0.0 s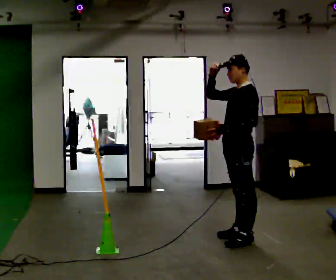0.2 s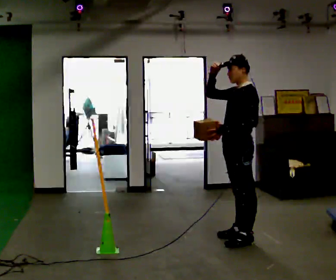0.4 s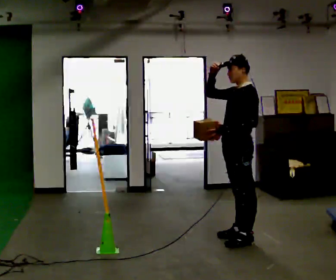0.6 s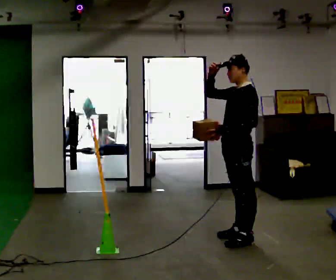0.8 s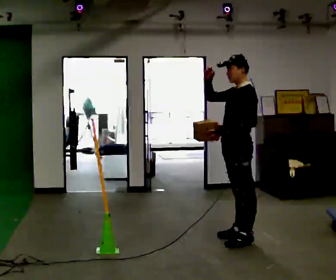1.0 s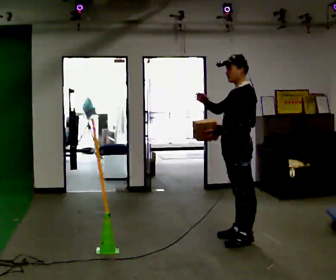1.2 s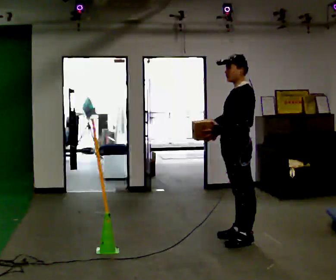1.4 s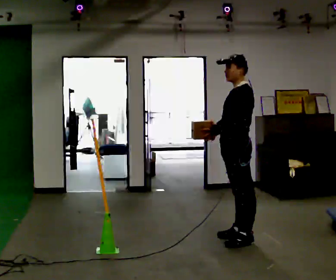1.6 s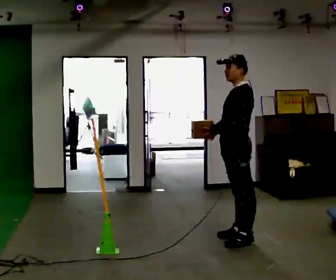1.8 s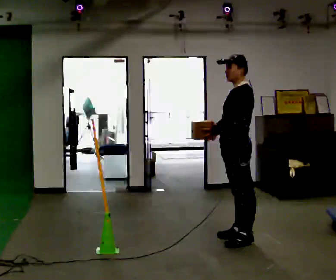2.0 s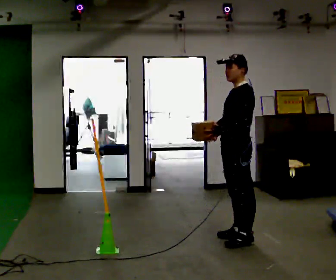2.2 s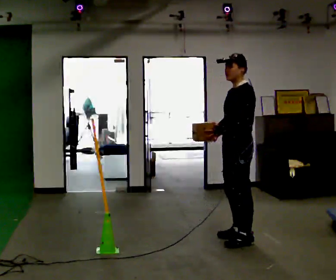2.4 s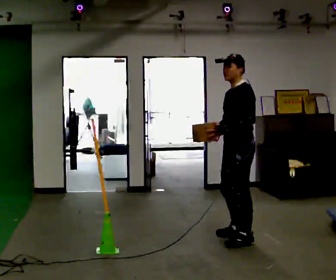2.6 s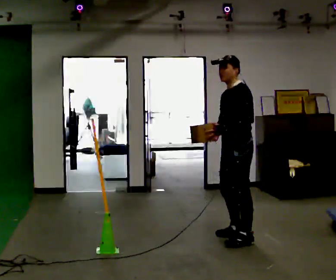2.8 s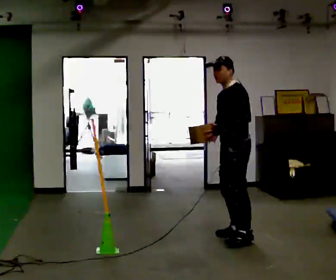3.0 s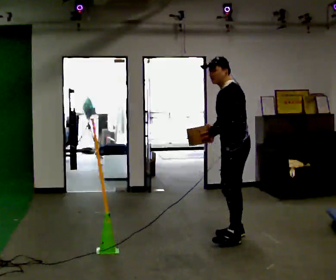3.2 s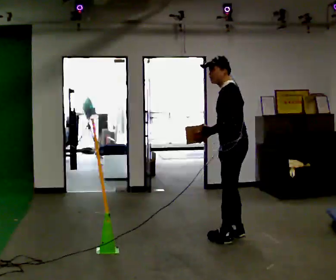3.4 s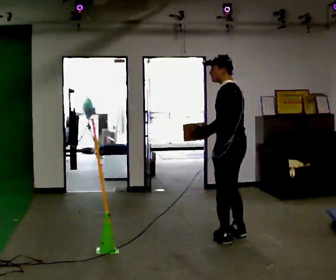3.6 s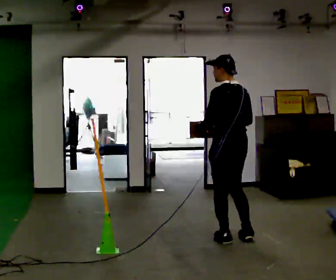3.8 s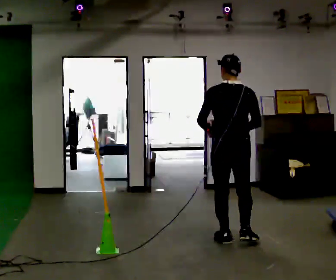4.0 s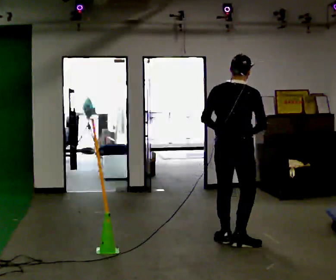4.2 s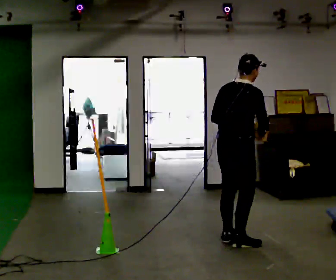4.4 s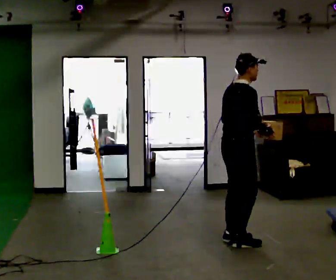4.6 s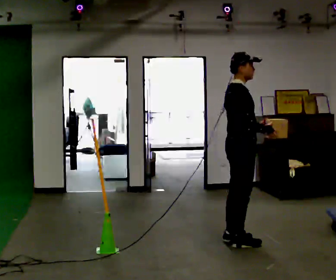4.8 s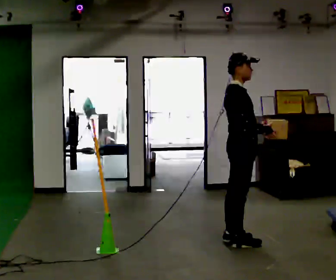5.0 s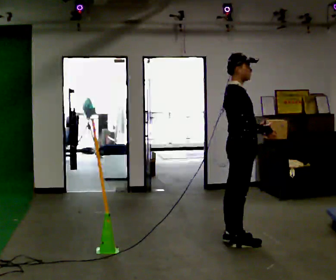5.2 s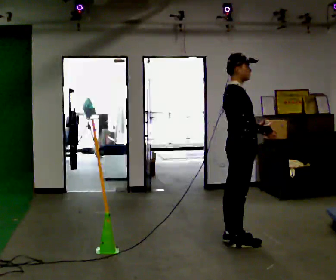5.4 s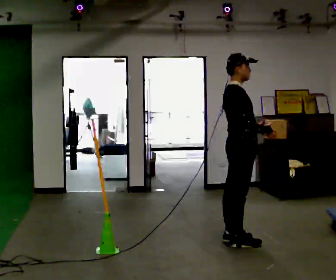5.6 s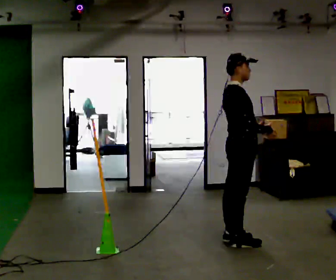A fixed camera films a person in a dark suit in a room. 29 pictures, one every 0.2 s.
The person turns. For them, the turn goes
to their right.
Their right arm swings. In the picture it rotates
counterclockwise.
0.0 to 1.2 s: In the picture their right hand goes downward, the arm swinging counterclockwise.
1.2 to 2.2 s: The person moves a little, or ends about where they began.
2.2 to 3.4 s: The person turns about 30 degrees to their right, clockwise seen from above, so the part of the body nearest the lens slides to the left.
3.4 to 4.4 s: Seen from above the body turns clockwise, about 135 degrees: to their right, with its near side sliding to the left. In the picture they go toward the camera, about 0.25 m. In the picture their left hand goes to the right.
4.4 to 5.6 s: The person moves a little, or ends about where they began.
The film runs backward here.
